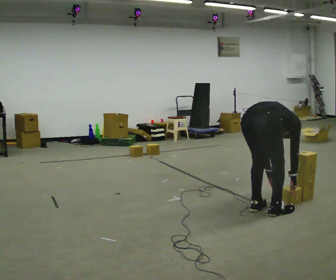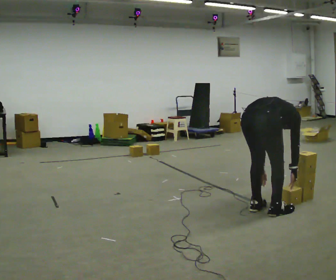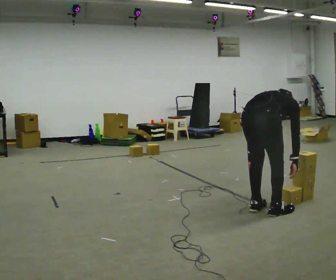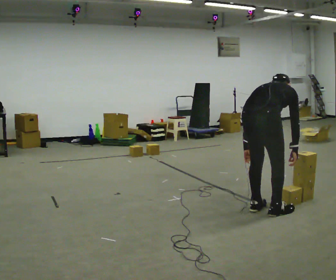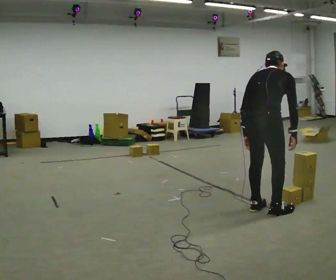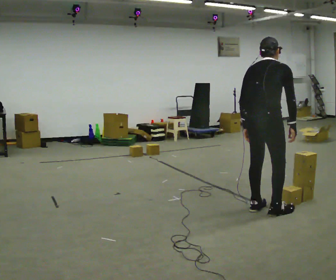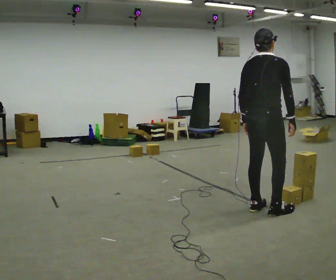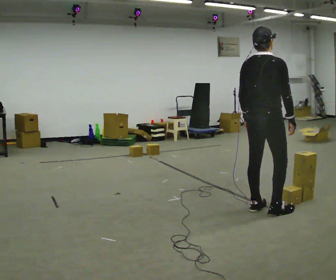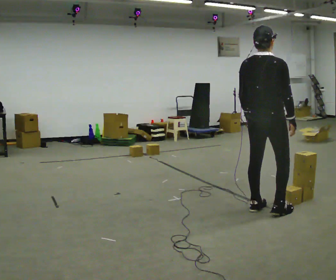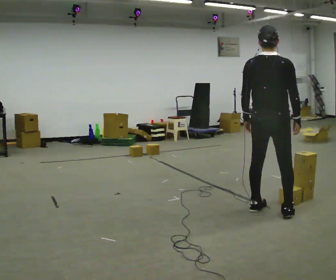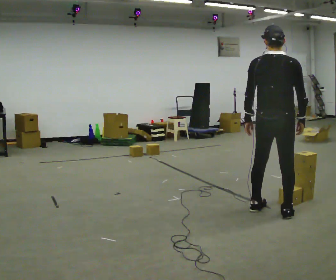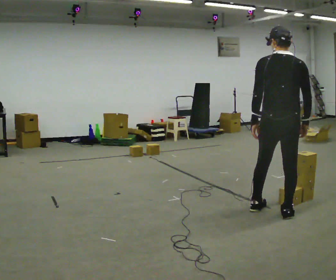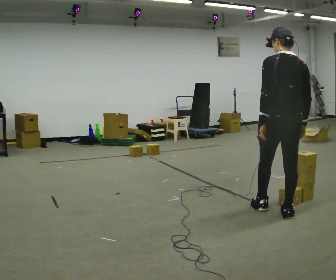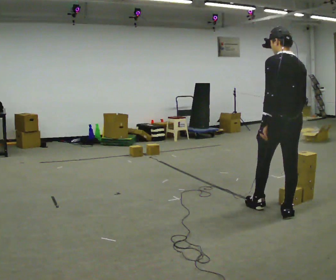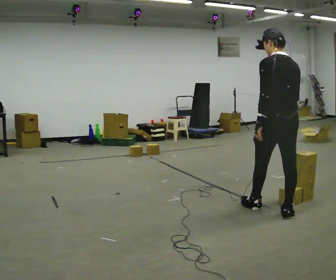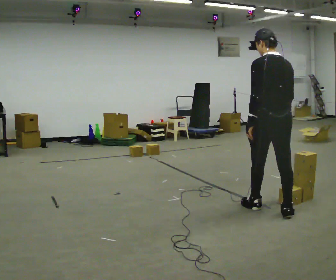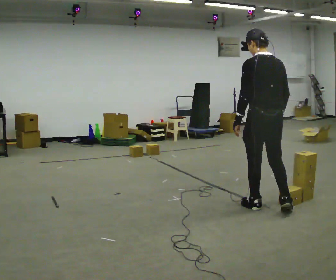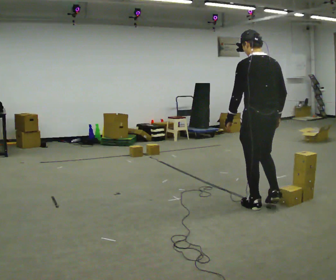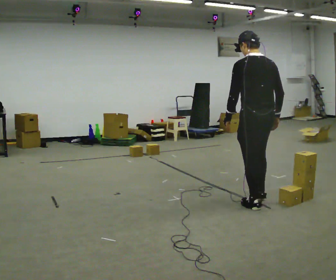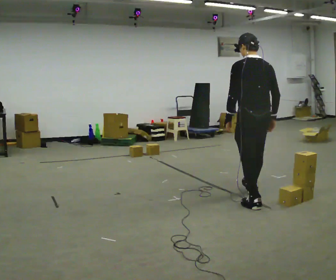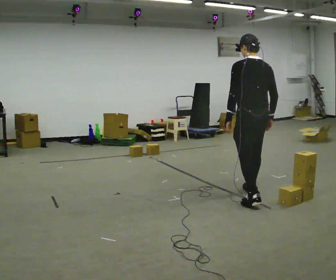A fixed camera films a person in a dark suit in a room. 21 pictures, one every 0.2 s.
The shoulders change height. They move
upward.
The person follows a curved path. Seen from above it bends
counterclockwise.
0.0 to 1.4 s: In the picture they go away from the camera, about 0.25 m, which for them is forward. The upper body goes upward. The upper body tips toward the camera, its near side rolling downward, as they lean back or straighten. In the picture their left hand goes upward.
1.4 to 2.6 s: Seen from above the body turns counterclockwise, about 60 degrees: to their left, with its near side sliding to the right. In the picture they go to the right, about 0.25 m in 1 step.
2.6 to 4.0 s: In the picture they go away from the camera and to the left, about 0.5 m in 1 step, which for them is forward.
The film runs forward here.
